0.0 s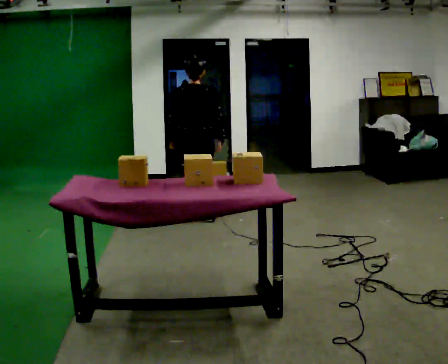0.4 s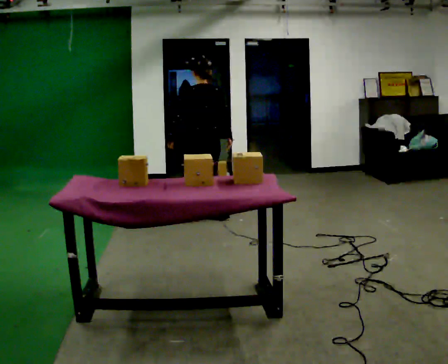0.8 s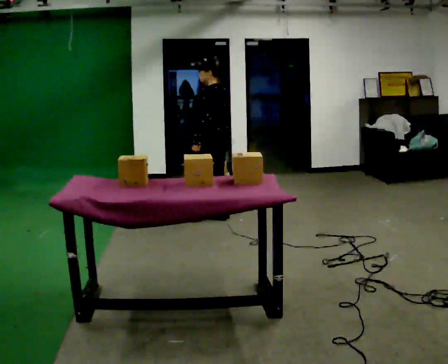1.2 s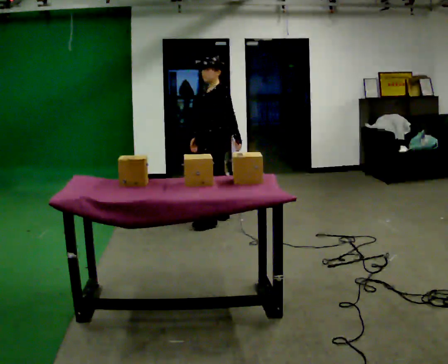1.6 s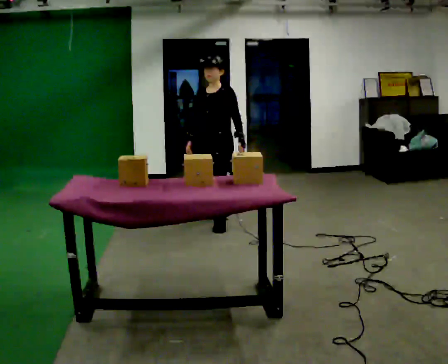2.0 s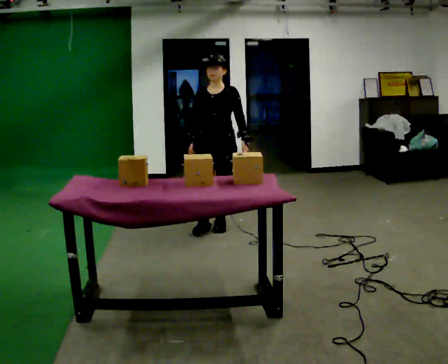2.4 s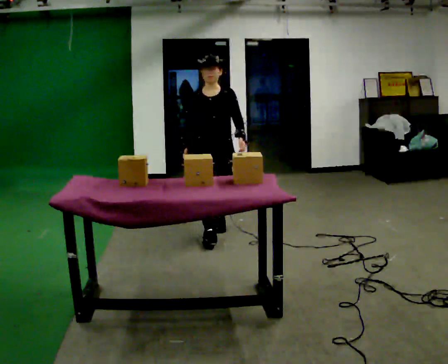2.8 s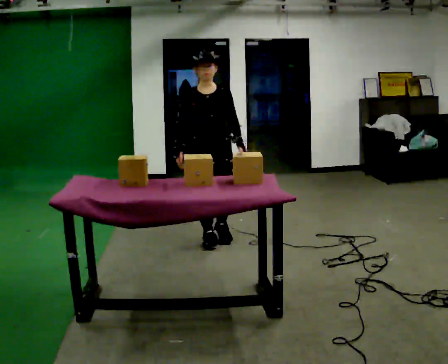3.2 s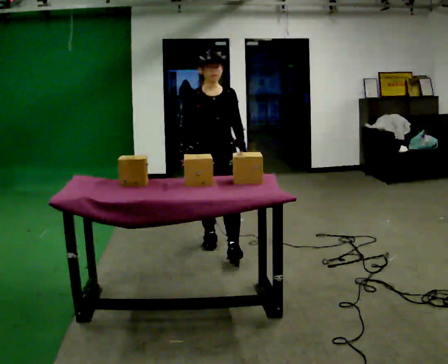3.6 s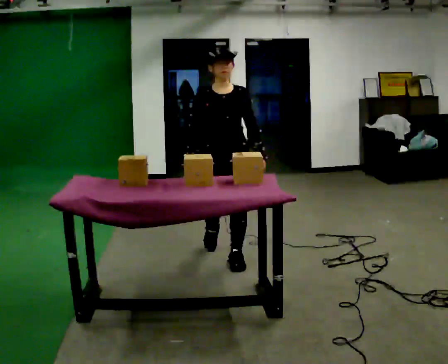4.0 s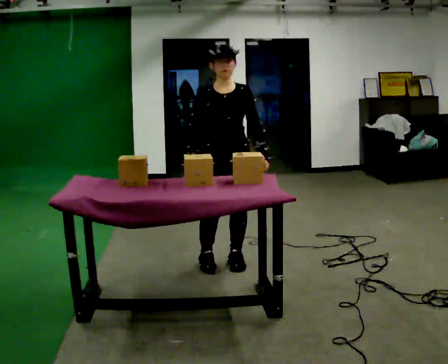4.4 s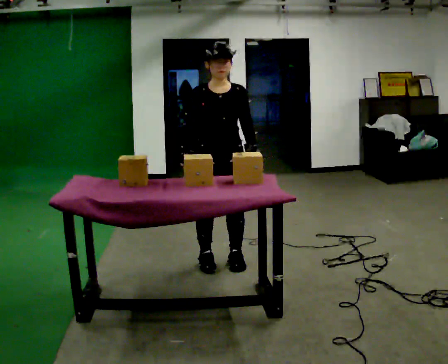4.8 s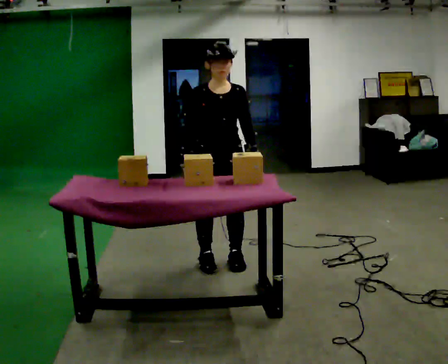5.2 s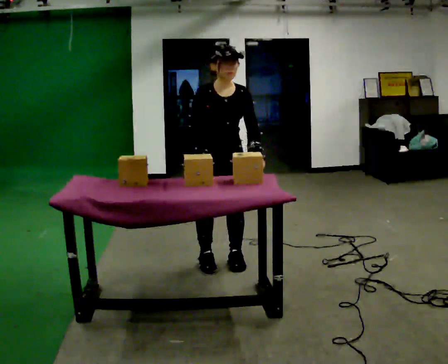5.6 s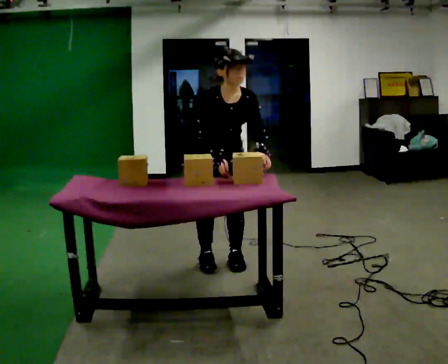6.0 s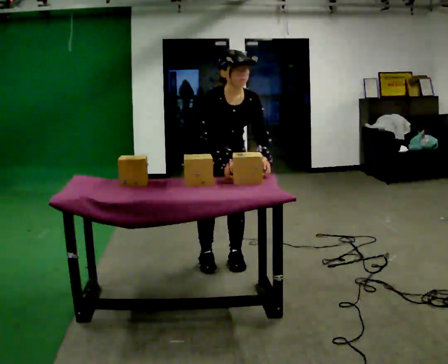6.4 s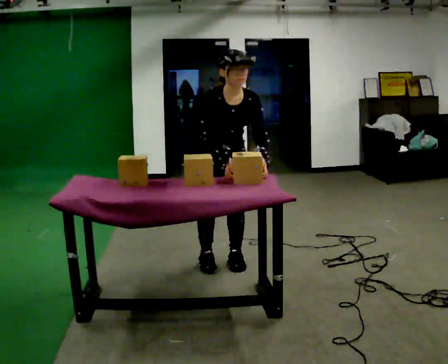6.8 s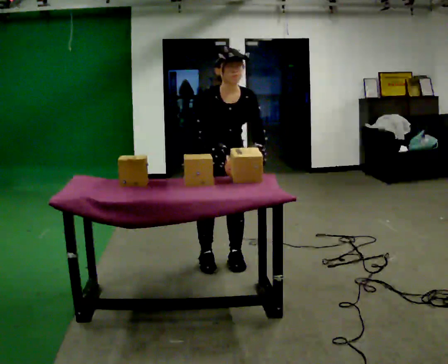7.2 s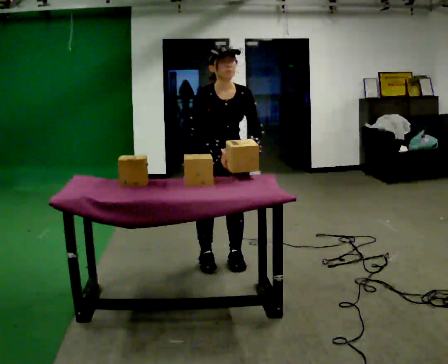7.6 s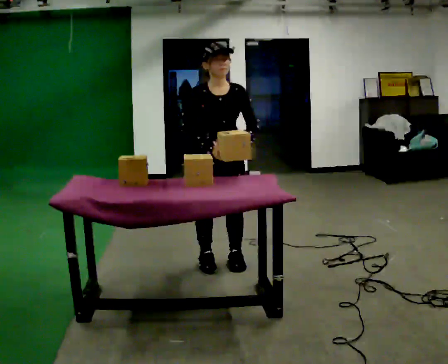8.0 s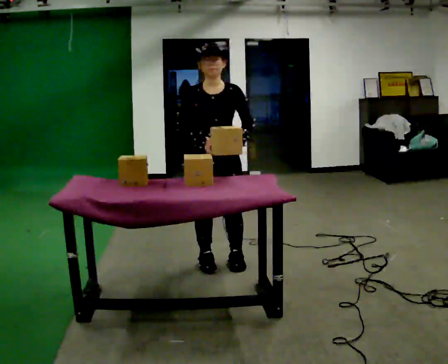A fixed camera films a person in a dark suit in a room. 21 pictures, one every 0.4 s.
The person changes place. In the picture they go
toward the camera.
The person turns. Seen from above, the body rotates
counterclockwise.
0.0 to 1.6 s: Seen from above the body turns counterclockwise, about 135 degrees: to their left, with its near side sliding to the right. In the picture they go to the right and toward the camera, about 0.25 m in 2 steps.
1.6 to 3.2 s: The person turns about 45 degrees to their left, counterclockwise seen from above, so the part of the body nearest the lens slides to the right. In the picture they go toward the camera, about 1 m in 2 steps, which for them is forward.
3.2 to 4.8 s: In the picture they go toward the camera, about 0.25 m in 1 step, which for them is forward.
4.8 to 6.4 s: The upper body tips toward the camera, its near side rolling downward, as they bend forward.
6.4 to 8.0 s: The upper body tips away from the camera, its near side rolling upward, as they lean back or straighten.
The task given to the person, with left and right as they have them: 1. Bring the boxes over from the shelf one at a time. 2. Stack them on the pallet with the heaviest at the bottom. 3. Do not stack more than three high. 4. Tell the operator when you are finished.
The film runs forward here.
